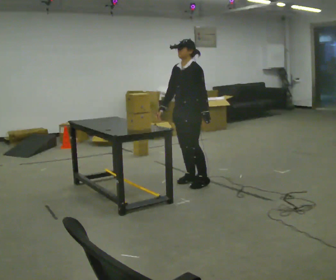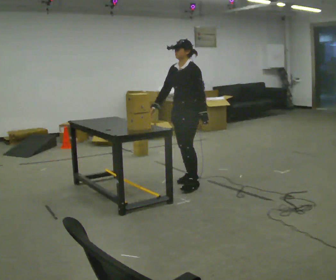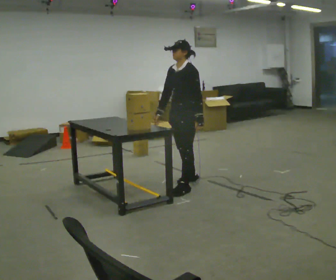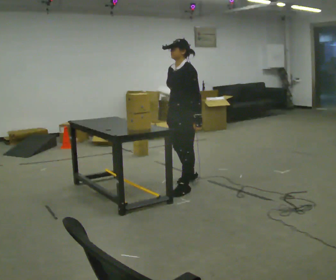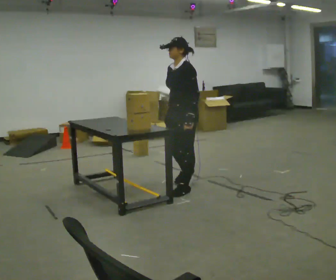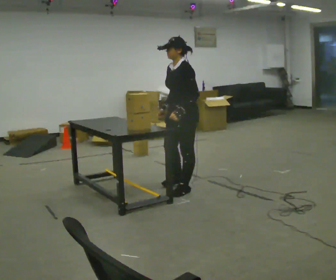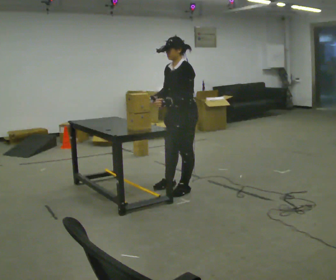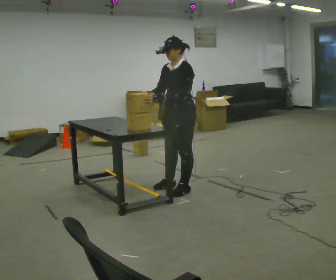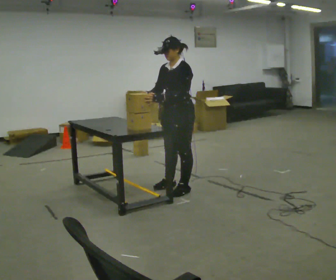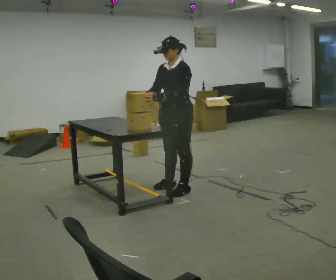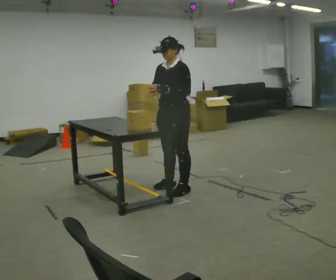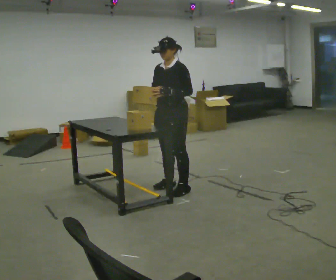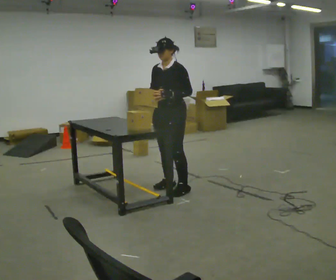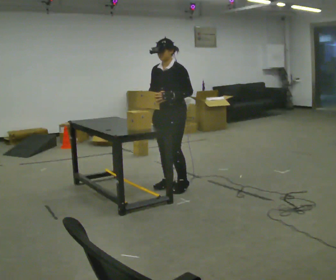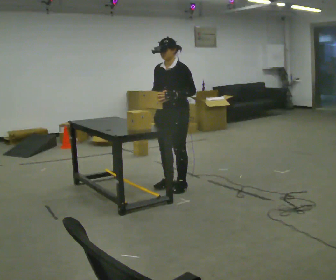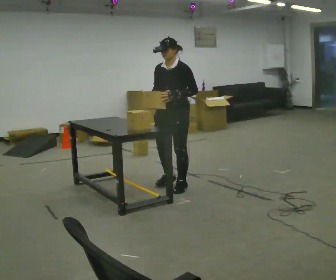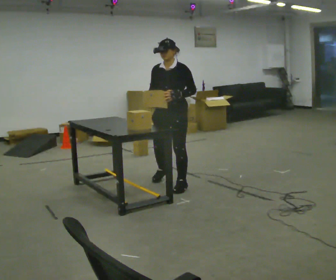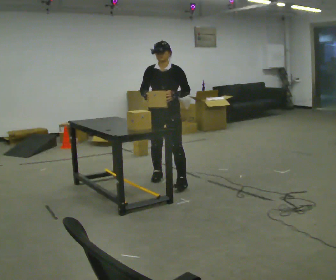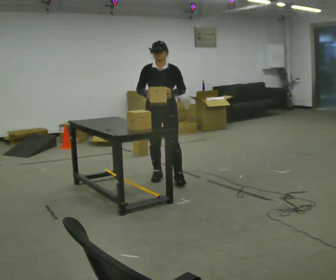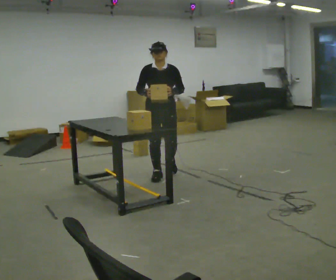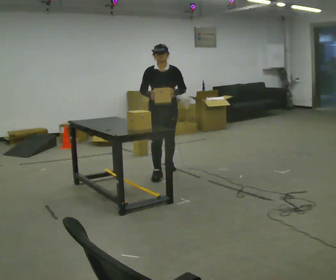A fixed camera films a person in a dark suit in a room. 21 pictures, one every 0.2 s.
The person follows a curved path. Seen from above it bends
clockwise.
0.0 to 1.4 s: In the picture they go toward the camera, about 0.25 m in 1 step, which for them is forward and to their left.
1.4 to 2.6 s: The person moves a little, or ends about where they began.
2.6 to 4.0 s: The person turns about 45 degrees to their left, counterclockwise seen from above, so the part of the body nearest the lens slides to the right. In the picture they go away from the camera, about 0.5 m in 2 steps, which for them is backward and to their right.
The film runs backward here.
